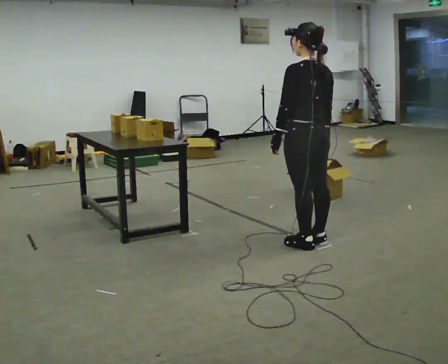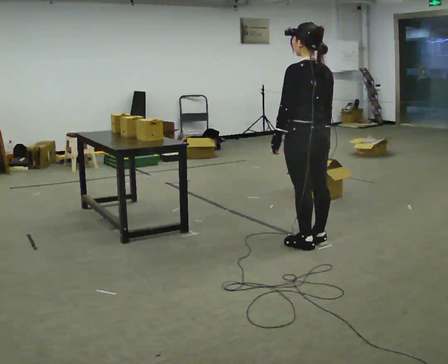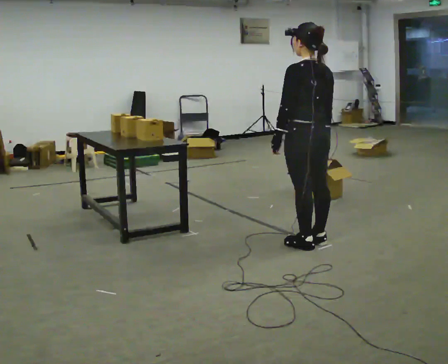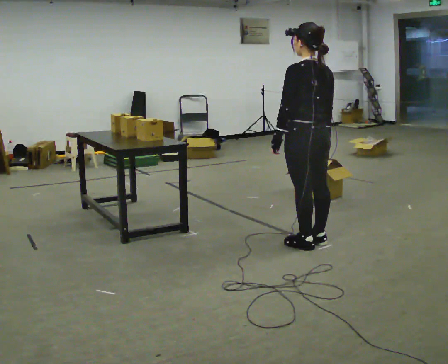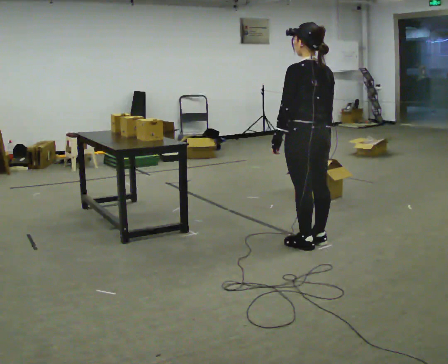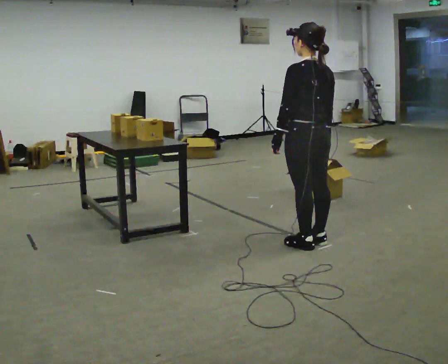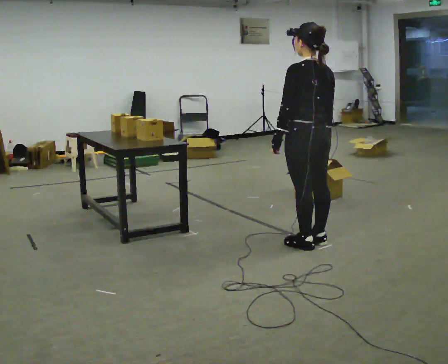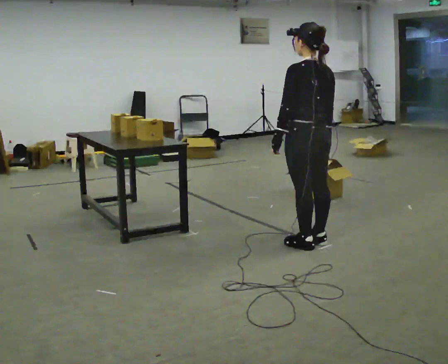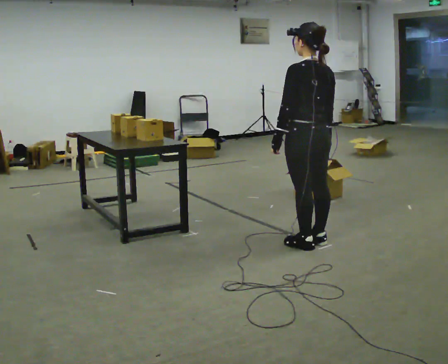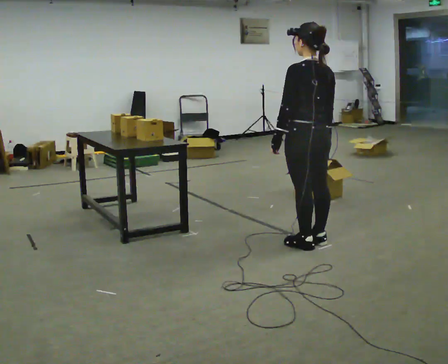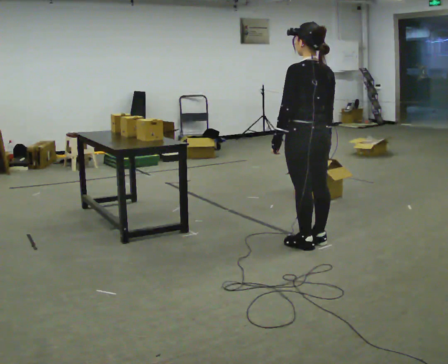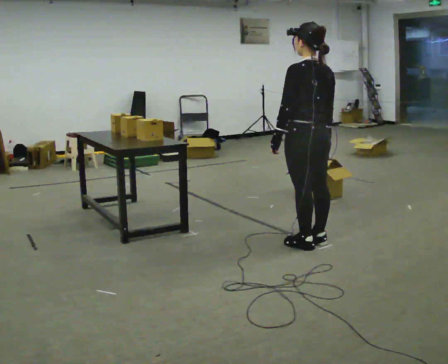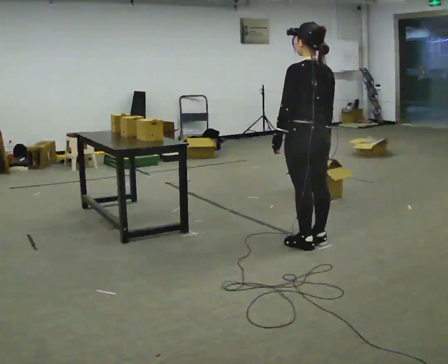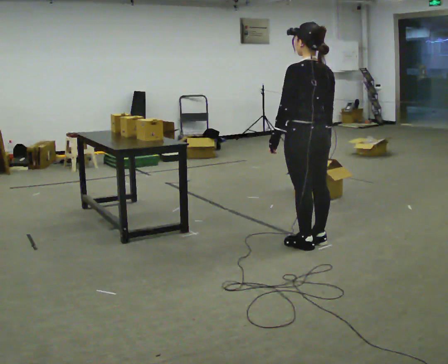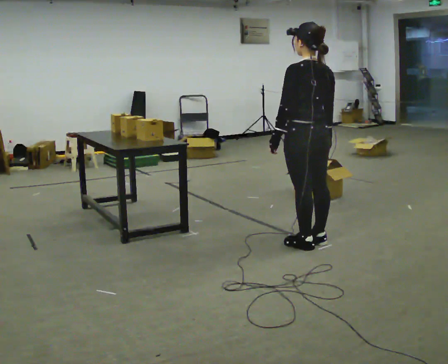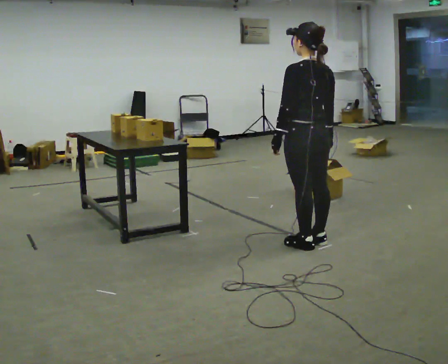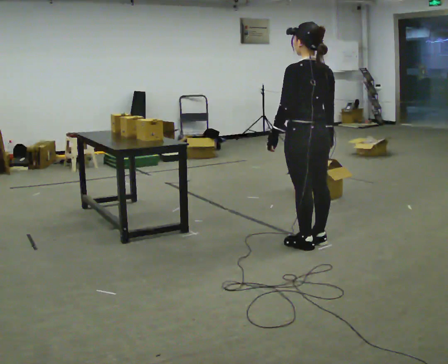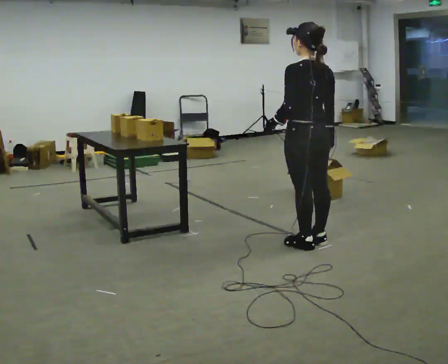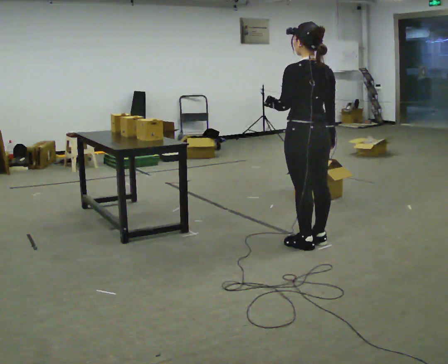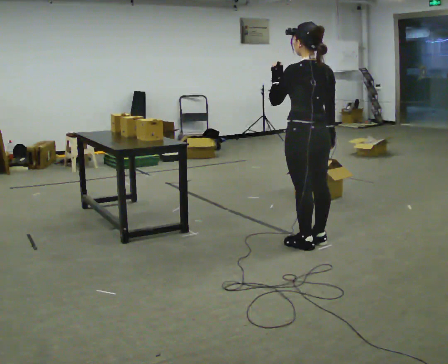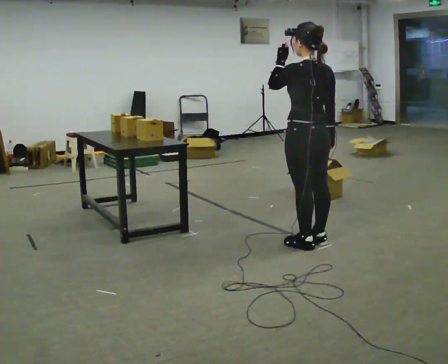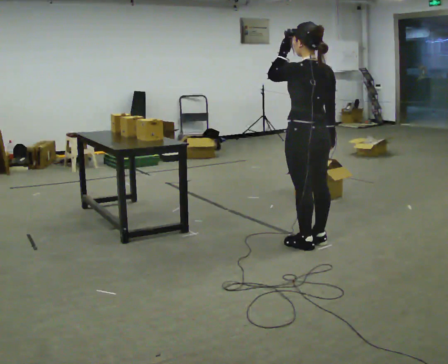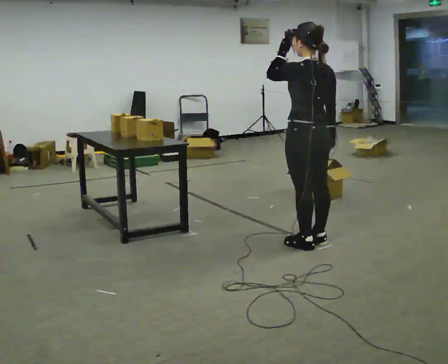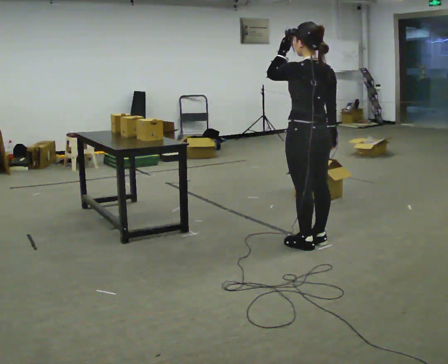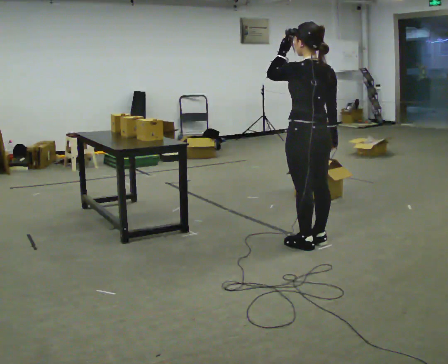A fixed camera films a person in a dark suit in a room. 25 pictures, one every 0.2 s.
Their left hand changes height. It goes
upward.
0.0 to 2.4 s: The person keeps their place and pose.
2.4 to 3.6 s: The person moves a little, or ends about where they began.
3.6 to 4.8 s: In the picture their left hand goes upward.
The film runs backward here.
